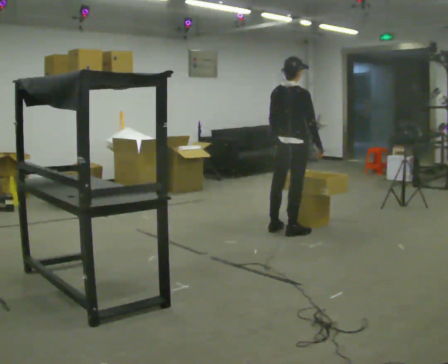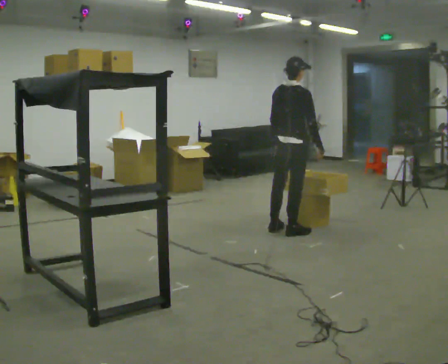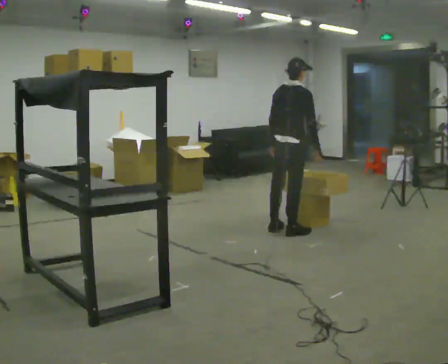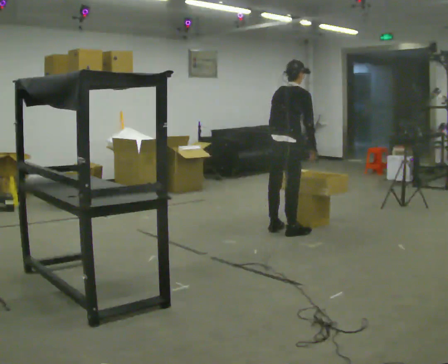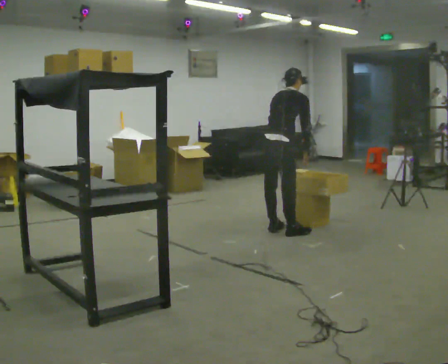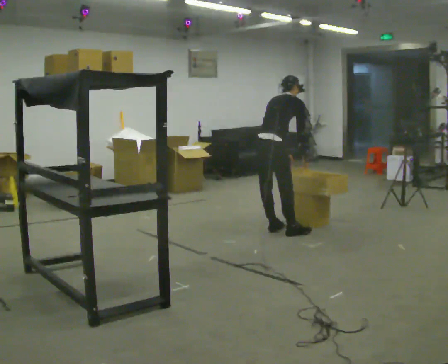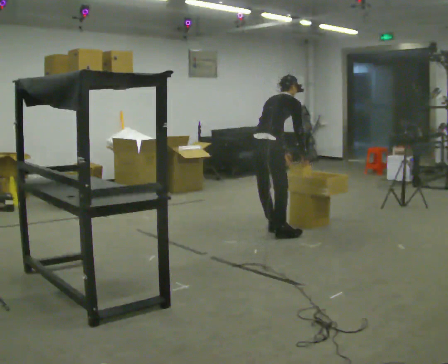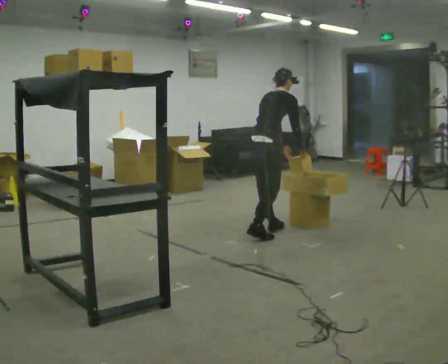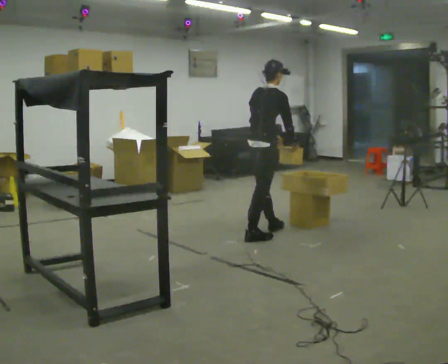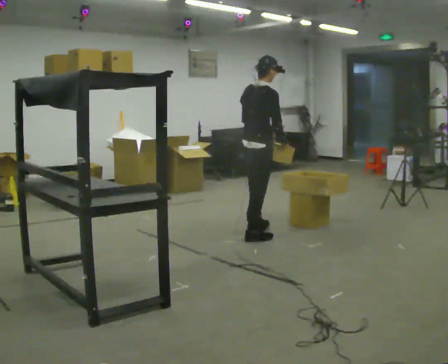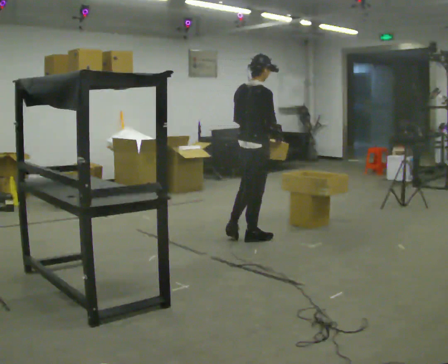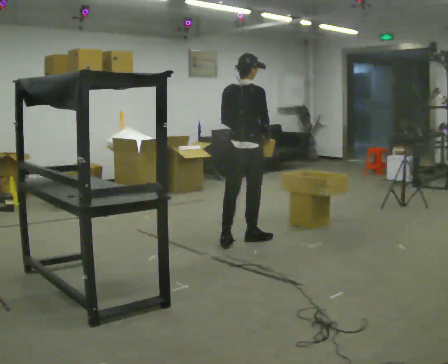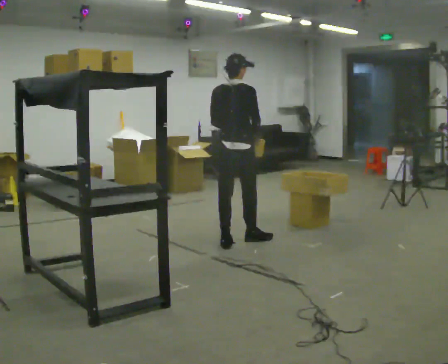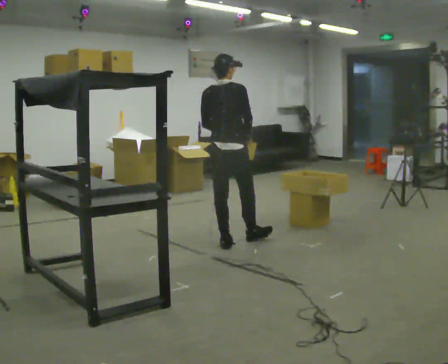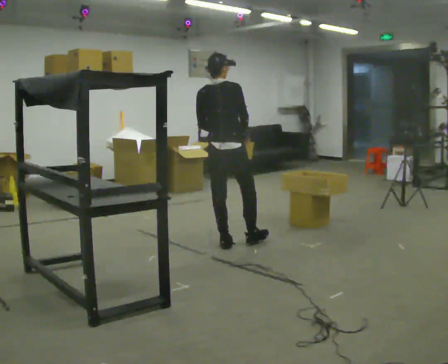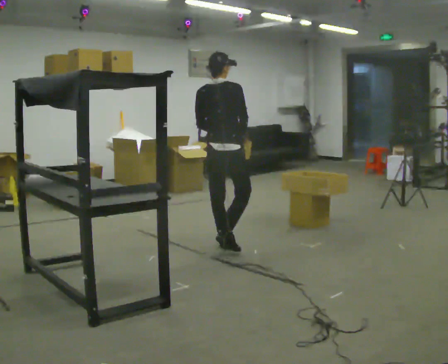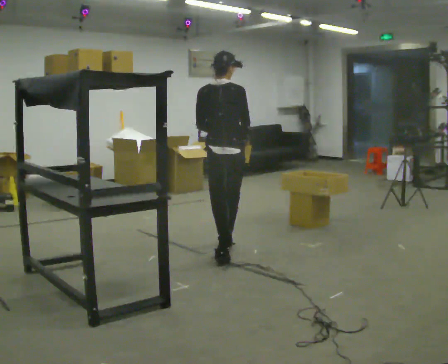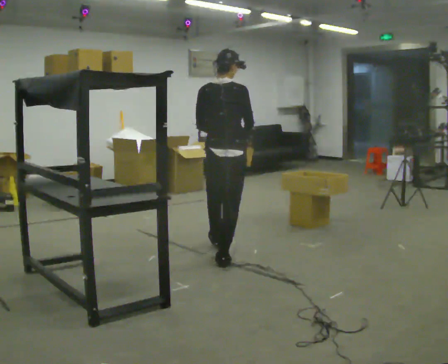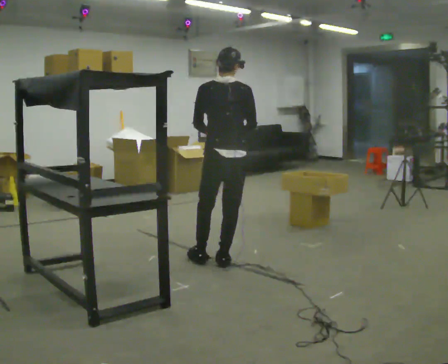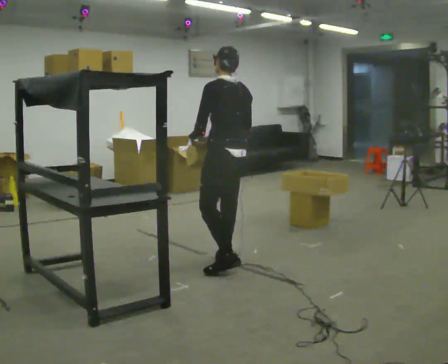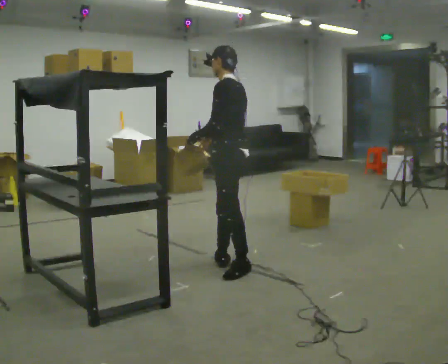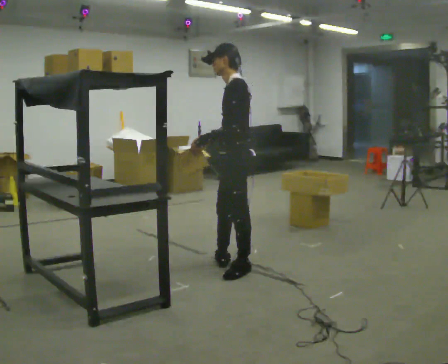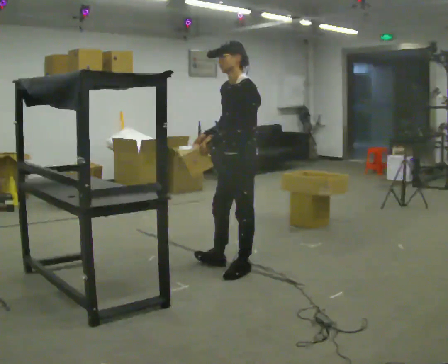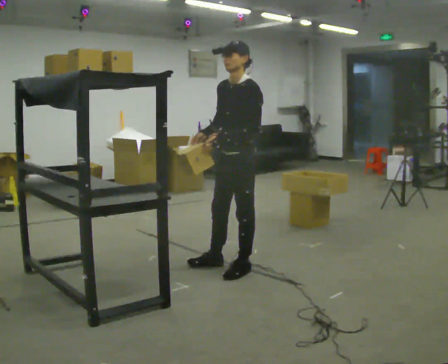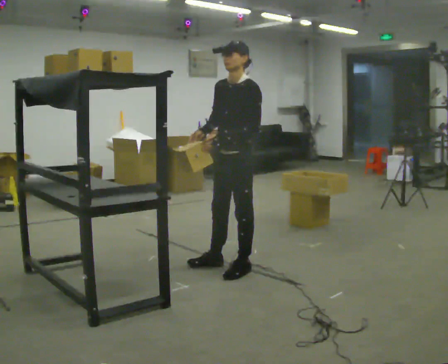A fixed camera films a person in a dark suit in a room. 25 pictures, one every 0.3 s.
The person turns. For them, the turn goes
to their left.
The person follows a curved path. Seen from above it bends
counterclockwise.
0.0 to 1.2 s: The upper body tips away from the camera, its near side rolling upward, as they bend forward.
1.2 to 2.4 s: In the picture they go to the left, about 0.25 m in 1 step, which for them is backward.
2.4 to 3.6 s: The part of the body nearest the lens slides to the right as the person turns to their left by about 30 degrees. In the picture they go to the left and toward the camera, about 0.25 m in 1 step, which for them is backward. In the picture the upper body tilts counterclockwise, shoulders to the left, as they lean back or straighten.
3.6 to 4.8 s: In the picture they go toward the camera, about 0.25 m in 1 step, which for them is backward.
4.8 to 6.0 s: The part of the body nearest the lens slides to the right as the person turns to their left by about 90 degrees. In the picture they go toward the camera, about 0.5 m in 1 step.
6.0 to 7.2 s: Seen from above the body turns counterclockwise, about 60 degrees: to their left, with its near side sliding to the right.
The film runs backward here.
